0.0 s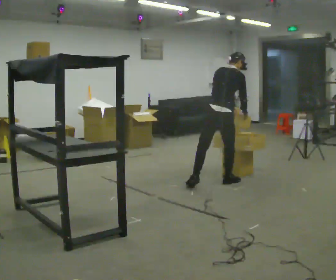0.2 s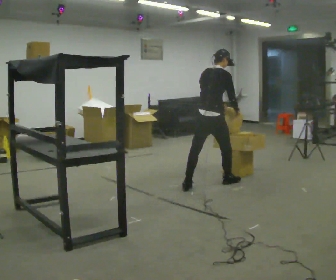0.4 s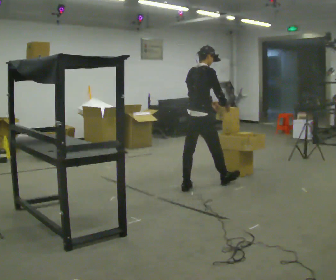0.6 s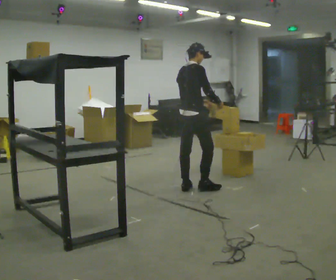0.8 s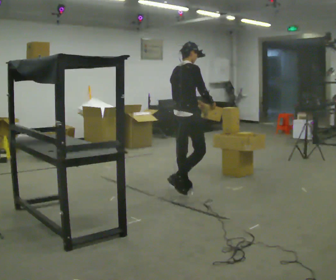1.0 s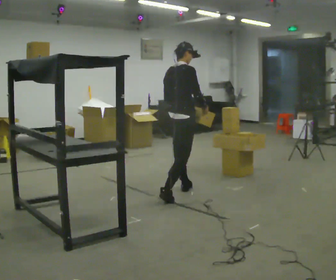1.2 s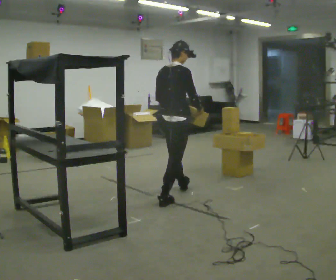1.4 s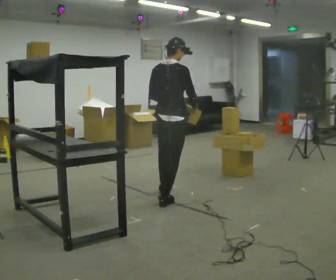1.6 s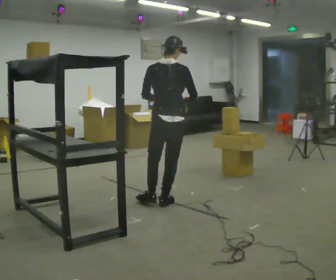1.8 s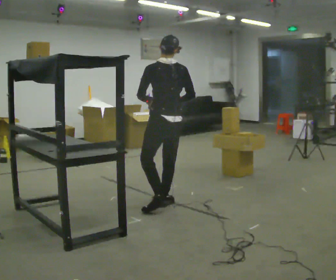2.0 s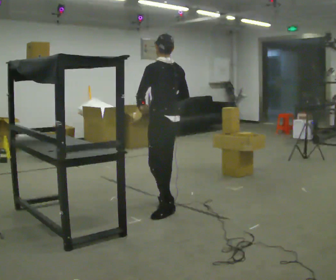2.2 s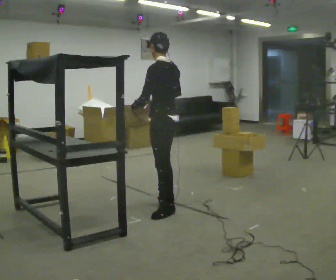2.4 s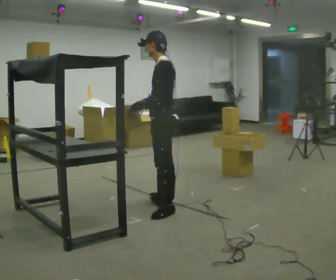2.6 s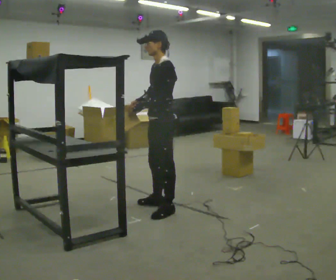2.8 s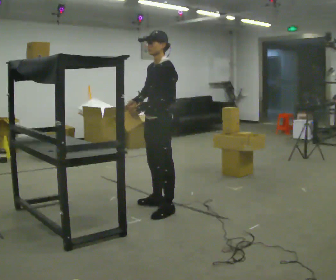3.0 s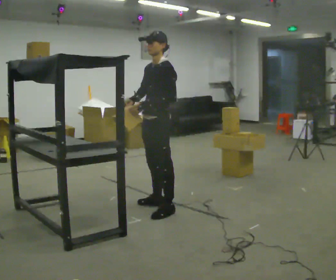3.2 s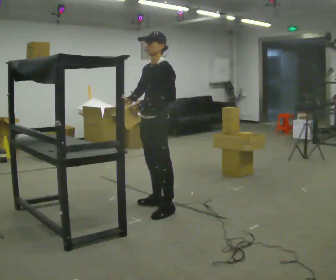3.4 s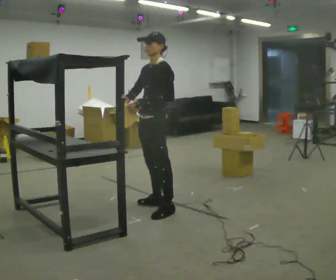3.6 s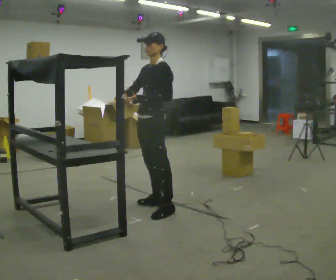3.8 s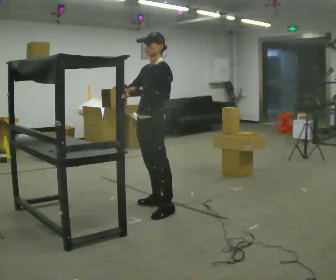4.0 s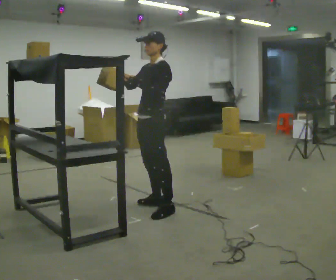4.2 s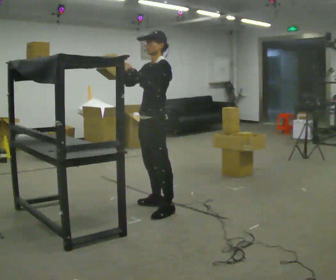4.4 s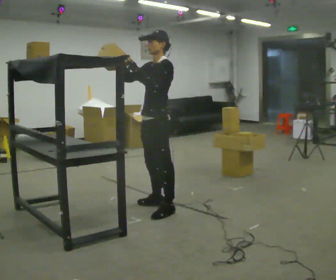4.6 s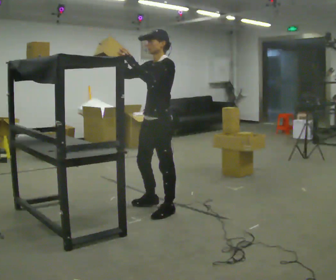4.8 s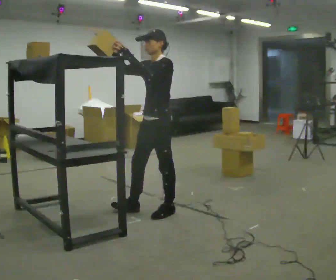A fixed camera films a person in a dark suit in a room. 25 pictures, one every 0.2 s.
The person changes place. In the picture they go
toward the camera.
Their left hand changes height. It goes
upward.
0.0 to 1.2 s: In the picture they go to the left and toward the camera, about 1 m in 2 steps, which for them is backward. In the picture the upper body tilts counterclockwise, shoulders to the left, as they lean back or straighten.
1.2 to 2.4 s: Seen from above the body turns counterclockwise, about 120 degrees: to their left, with its near side sliding to the right. In the picture they go toward the camera, about 0.5 m.
2.4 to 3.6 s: Seen from above the body turns counterclockwise, about 45 degrees: to their left, with its near side sliding to the right.
3.6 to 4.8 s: In the picture they go toward the camera, about 0.25 m in 1 step, which for them is to their left. In the picture their right hand goes upward, the arm swinging clockwise.
The film runs backward here.
